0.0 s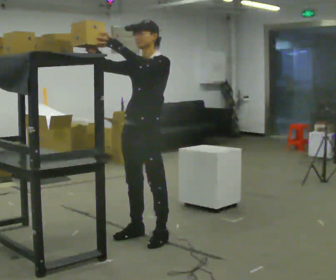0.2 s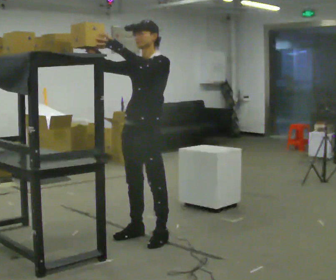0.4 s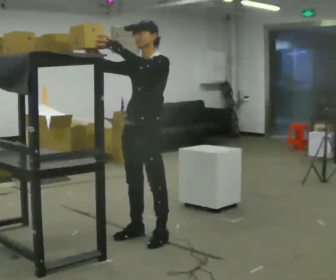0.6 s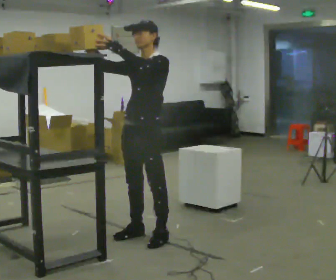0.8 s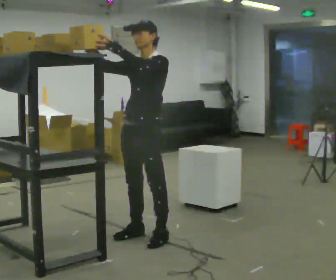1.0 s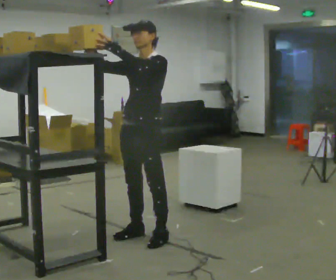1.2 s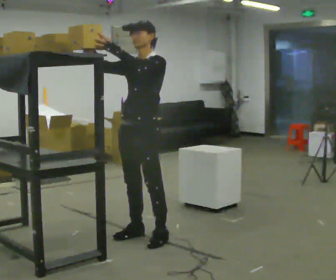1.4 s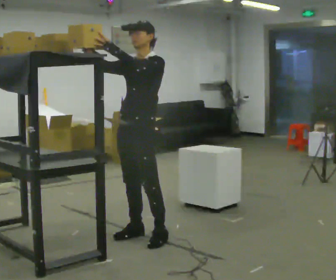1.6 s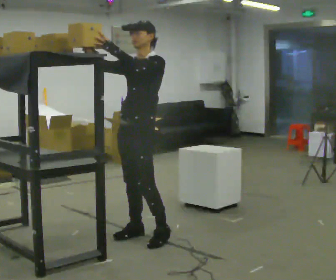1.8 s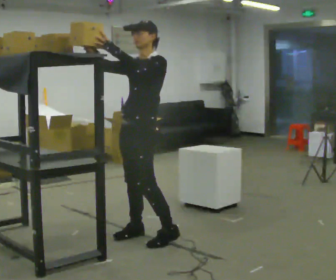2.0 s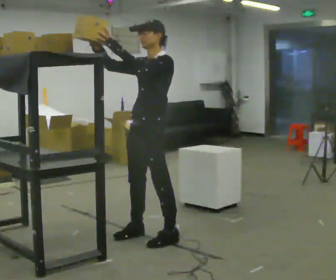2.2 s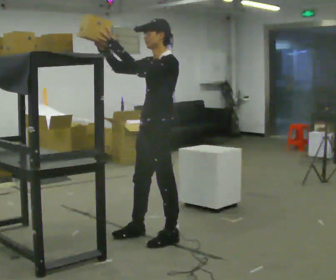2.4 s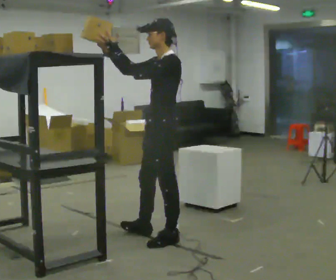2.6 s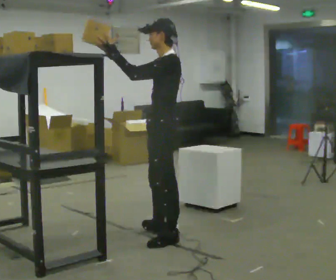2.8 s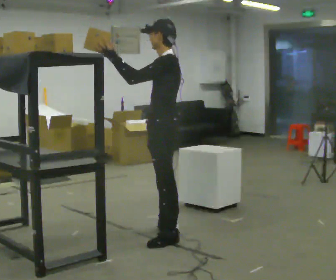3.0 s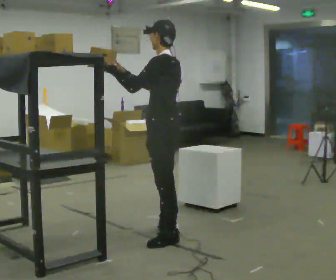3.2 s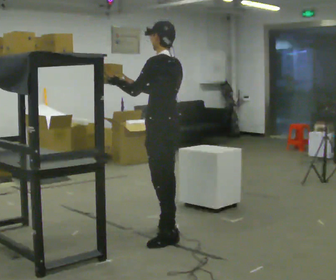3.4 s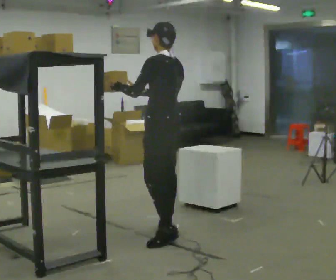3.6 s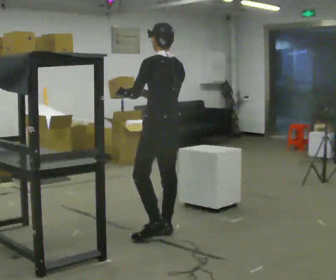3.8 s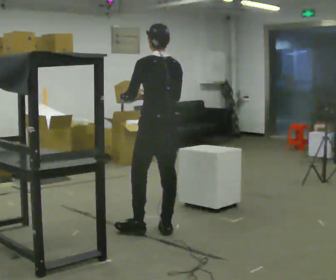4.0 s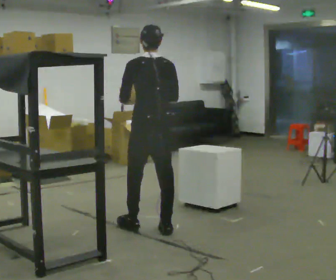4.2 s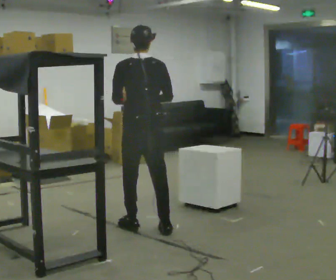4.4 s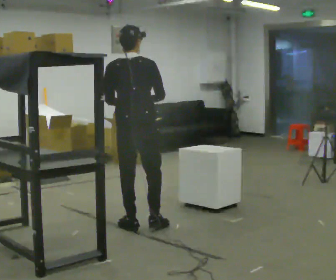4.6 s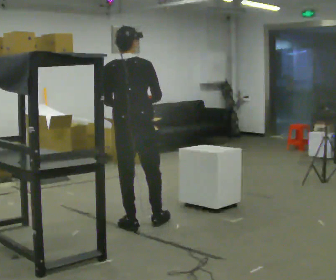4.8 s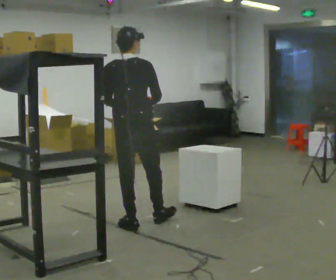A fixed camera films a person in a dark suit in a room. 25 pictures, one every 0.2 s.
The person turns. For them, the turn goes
to their right.
The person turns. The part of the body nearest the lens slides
to the left.
0.0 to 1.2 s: The person moves a little, or ends about where they began.
1.2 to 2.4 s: Seen from above the body turns clockwise, about 30 degrees: to their right, with its near side sliding to the left. In the picture they go to the right, about 0.25 m, which for them is to their left.
2.4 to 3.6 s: The person turns about 60 degrees to their right, clockwise seen from above, so the part of the body nearest the lens slides to the left. In the picture they go away from the camera, about 0.25 m in 1 step, which for them is to their right. In the picture their right hand goes downward and to the right.
3.6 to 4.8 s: The person turns about 45 degrees to their right, clockwise seen from above, so the part of the body nearest the lens slides to the left. In the picture they go to the left and away from the camera, about 0.25 m in 1 step, which for them is forward and to their left.
The film runs forward here.
